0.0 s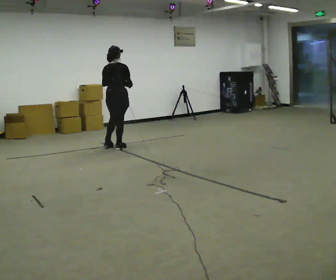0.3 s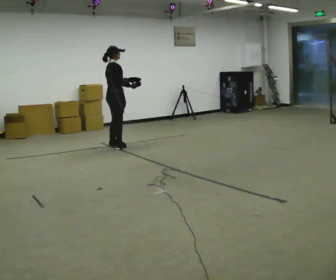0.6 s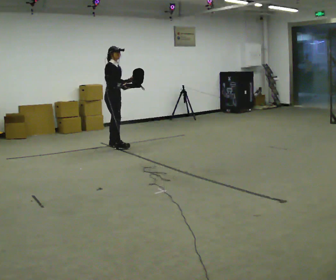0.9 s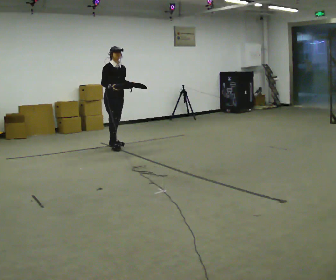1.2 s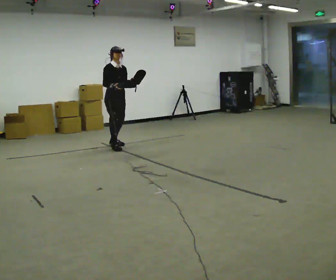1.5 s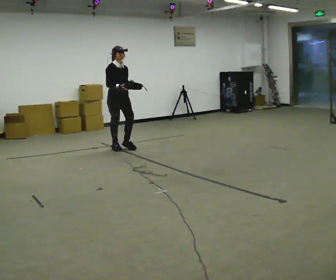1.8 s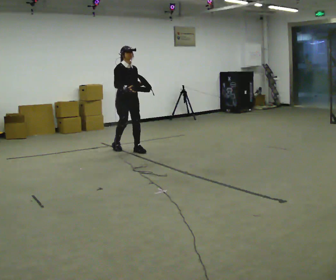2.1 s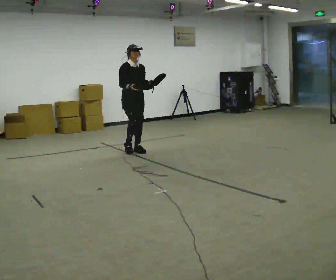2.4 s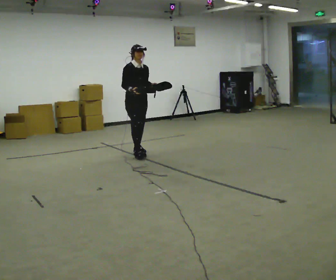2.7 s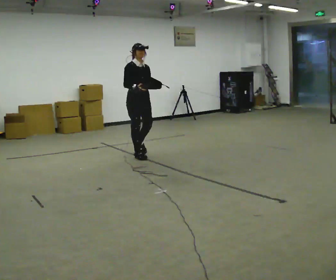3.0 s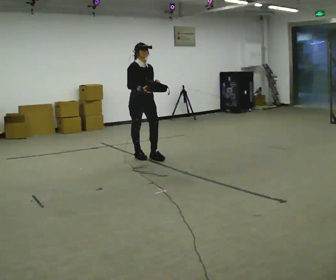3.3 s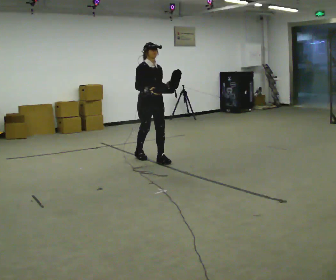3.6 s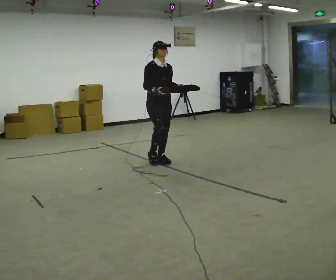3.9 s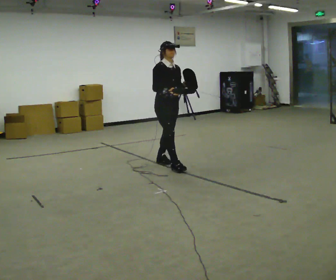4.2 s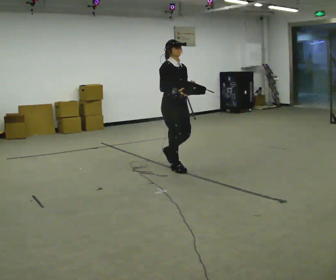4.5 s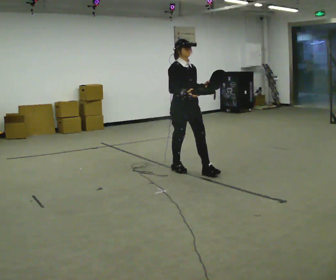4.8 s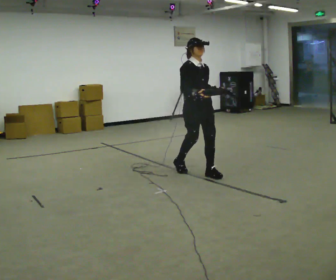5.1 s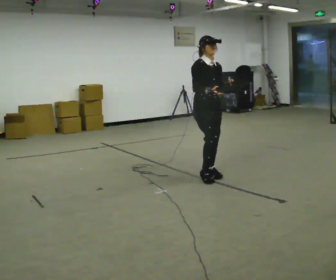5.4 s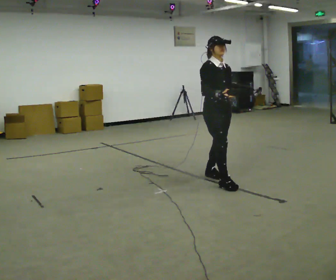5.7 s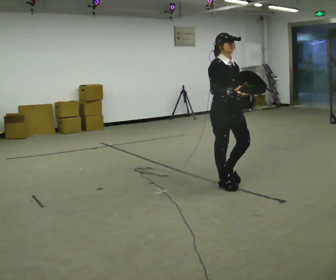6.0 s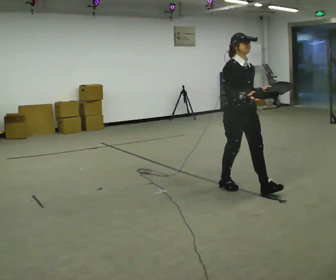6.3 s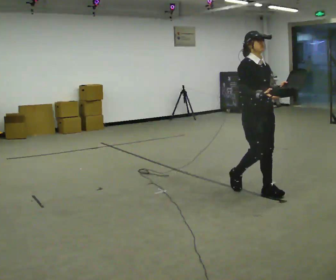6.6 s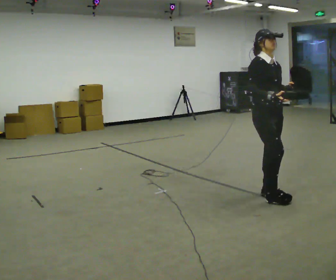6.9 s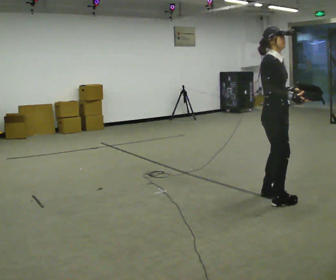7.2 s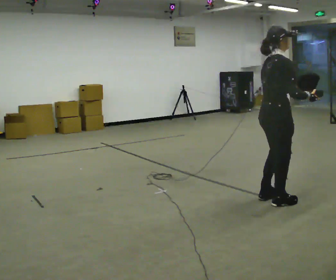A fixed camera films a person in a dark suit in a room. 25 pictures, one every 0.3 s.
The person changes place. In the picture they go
toward the camera.
0.0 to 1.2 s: Seen from above the body turns clockwise, about 120 degrees: to their right, with its near side sliding to the left.
1.2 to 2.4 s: In the picture they go toward the camera and to the right, about 0.5 m in 2 steps, which for them is forward.
2.4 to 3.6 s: In the picture they go toward the camera and to the right, about 0.75 m in 1 step, which for them is forward.
3.6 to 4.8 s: In the picture they go toward the camera and to the right, about 1 m in 2 steps, which for them is forward.
4.8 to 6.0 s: In the picture they go toward the camera and to the right, about 1 m in 2 steps, which for them is forward.
6.0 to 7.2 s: The part of the body nearest the lens slides to the right as the person turns to their left by about 75 degrees. In the picture they go toward the camera and to the right, about 0.5 m in 1 step.
The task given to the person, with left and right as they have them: Carry the object across the room. The lid hangs loose and will swing, so carry it however works. Keep going until the operator says stop; one object at a time, and do not rush between trips.
The film runs forward here.
